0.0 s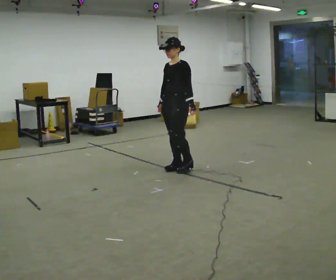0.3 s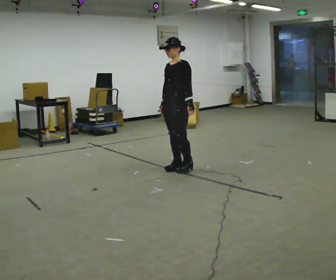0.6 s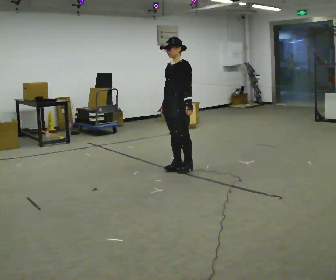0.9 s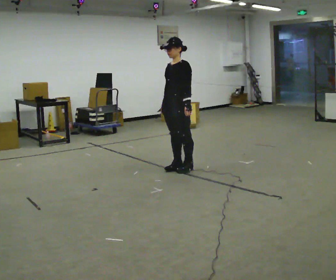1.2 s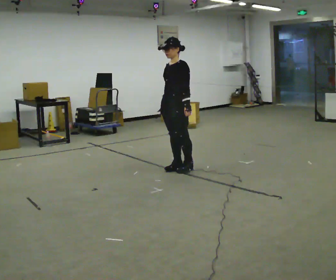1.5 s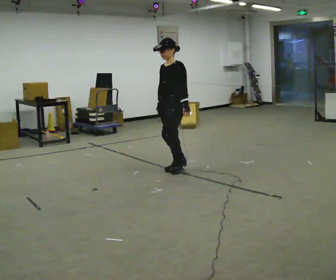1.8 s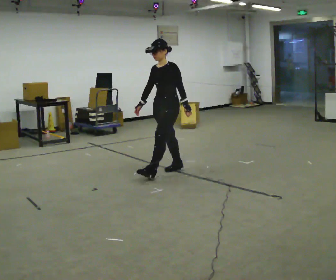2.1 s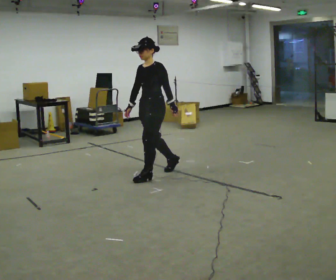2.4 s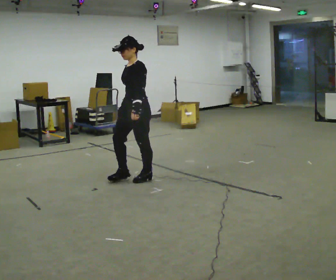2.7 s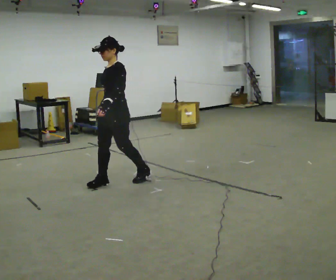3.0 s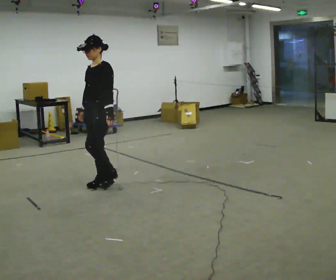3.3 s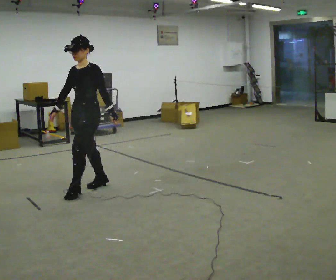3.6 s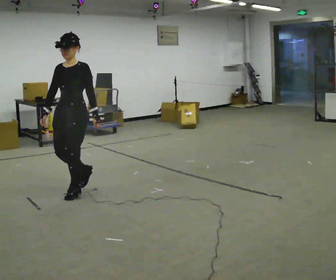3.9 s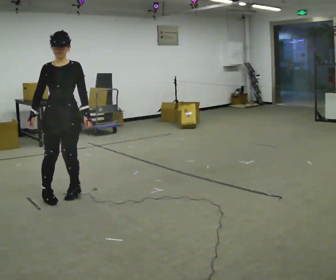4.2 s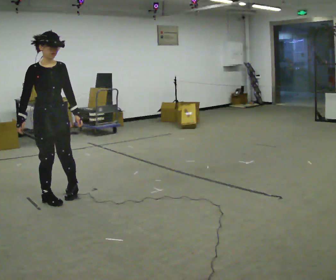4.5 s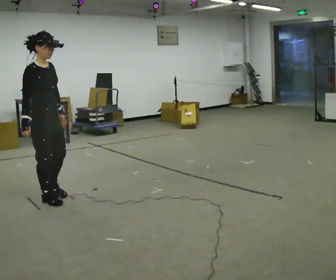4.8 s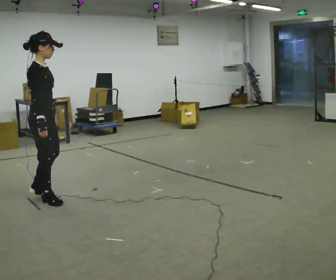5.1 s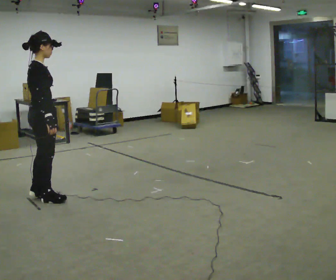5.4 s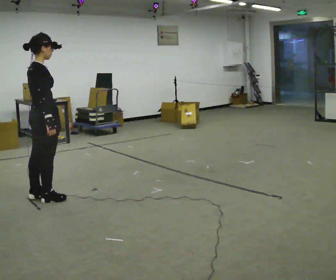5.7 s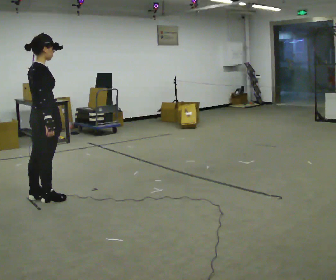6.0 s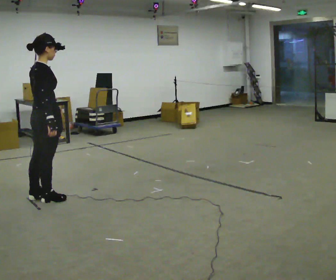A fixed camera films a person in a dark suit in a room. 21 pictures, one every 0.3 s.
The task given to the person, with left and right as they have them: Walk; stop fully; turn 90° left/right while standing; walk new direction.
0.0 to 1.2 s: The person moves a little, or ends about where they began.
1.2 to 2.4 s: In the picture they go to the left and toward the camera, about 0.5 m in 1 step, which for them is forward.
2.4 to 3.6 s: Seen from above the body turns counterclockwise, about 30 degrees: to their left, with its near side sliding to the right. In the picture they go to the left and toward the camera, about 1 m in 2 steps, which for them is forward.
3.6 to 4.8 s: The part of the body nearest the lens slides to the right as the person turns to their left by about 135 degrees. In the picture they go to the left, about 0.25 m in 2 steps.
4.8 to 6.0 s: The person turns about 30 degrees to their left, counterclockwise seen from above, so the part of the body nearest the lens slides to the right.
The film runs forward here.
